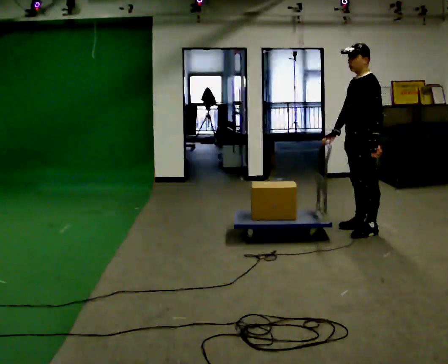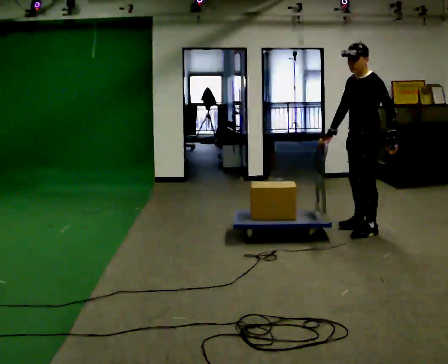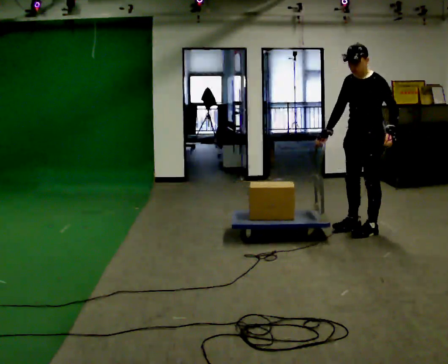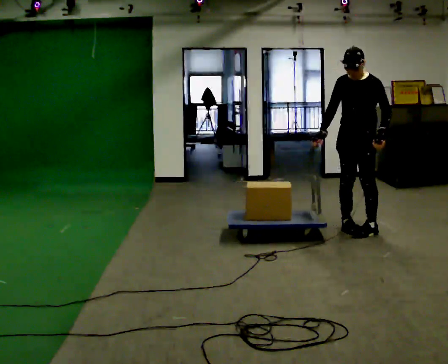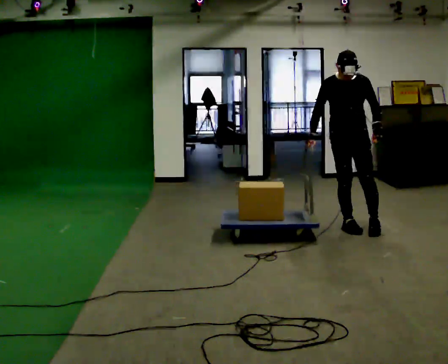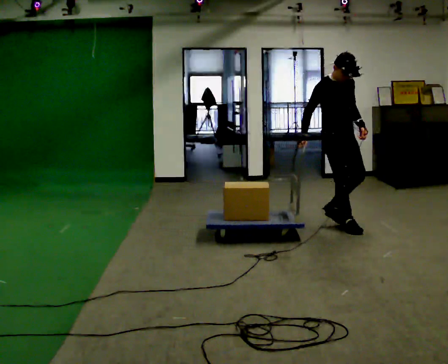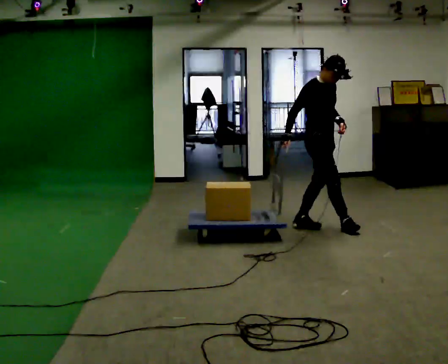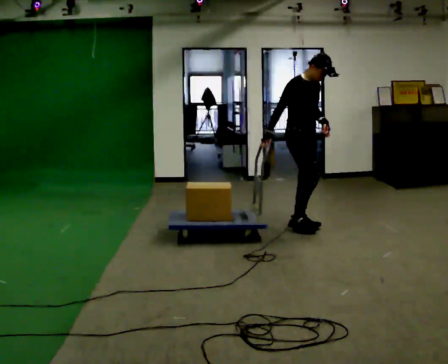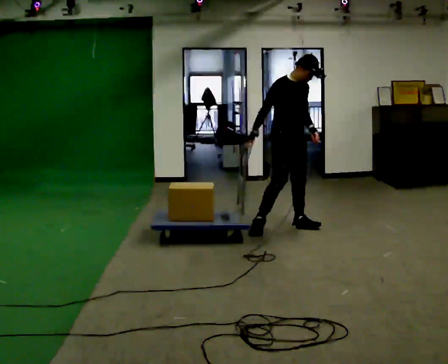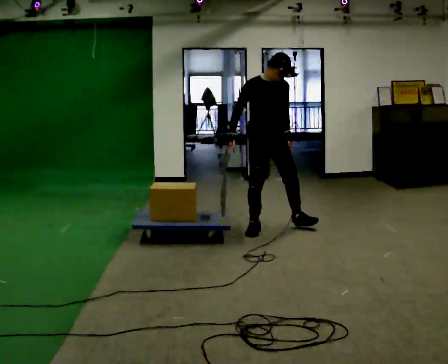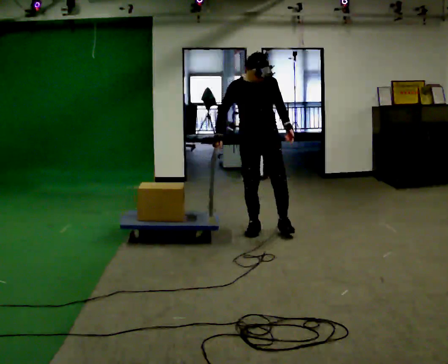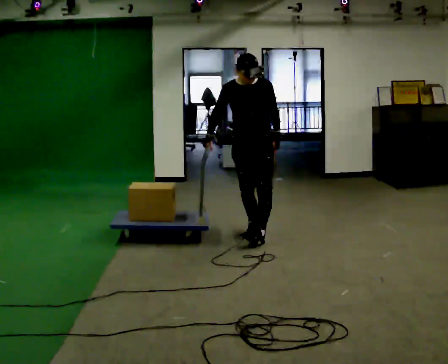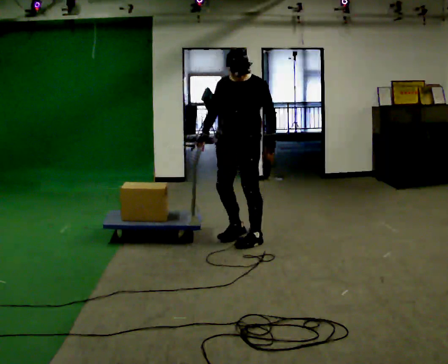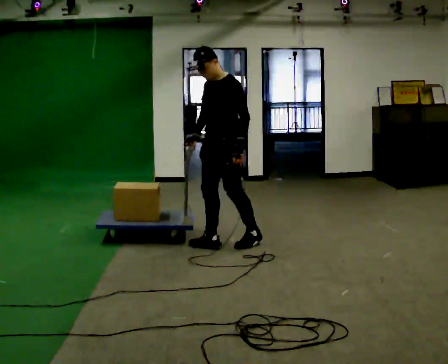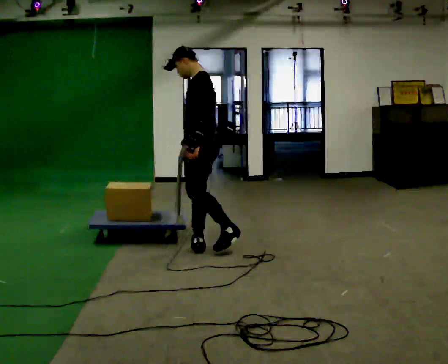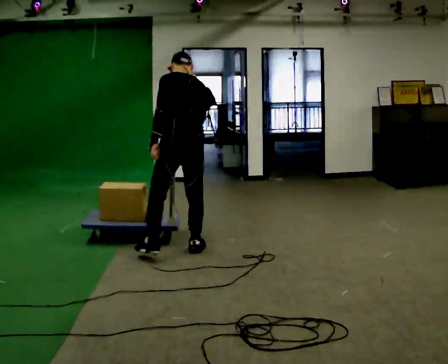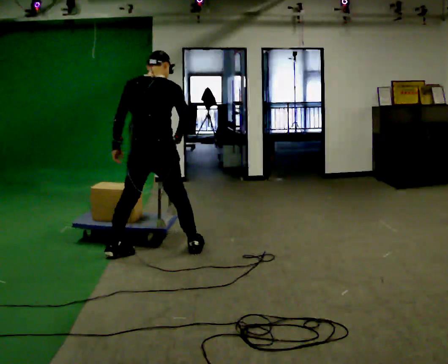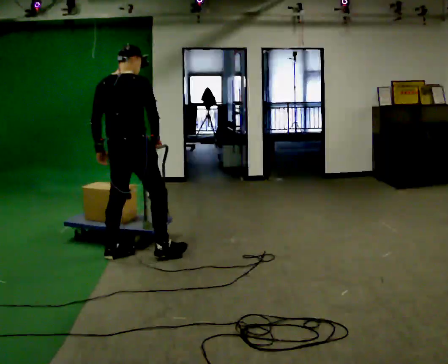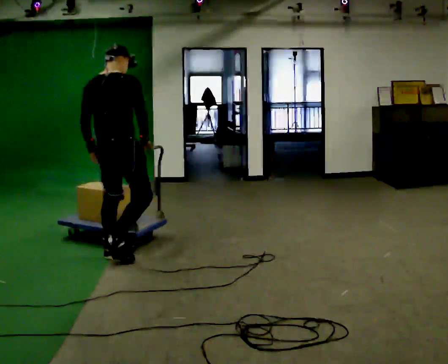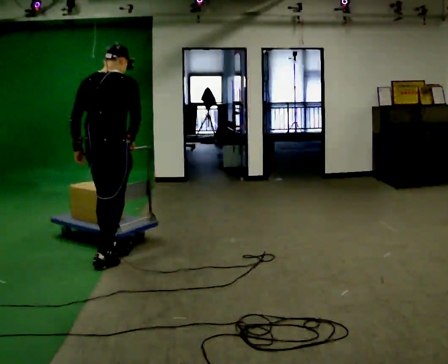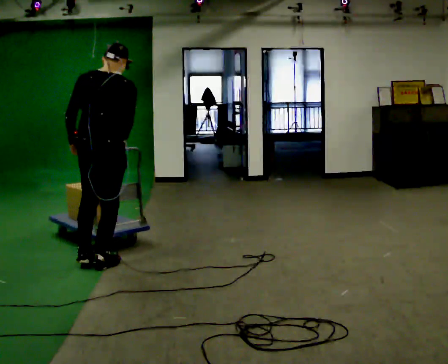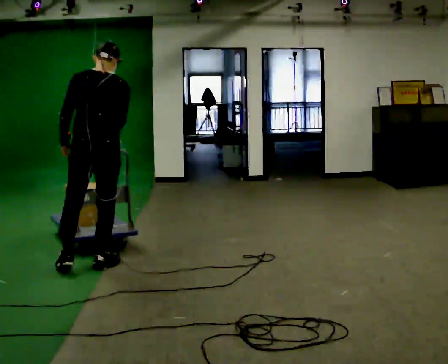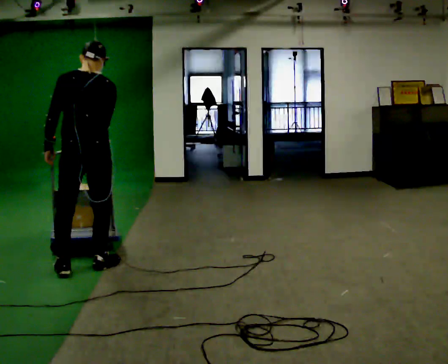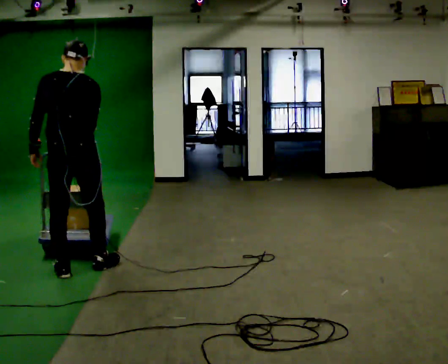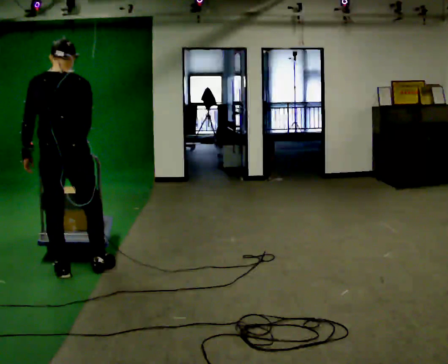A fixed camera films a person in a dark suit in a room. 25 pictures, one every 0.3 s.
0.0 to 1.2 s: The person turns about 75 degrees to their left, counterclockwise seen from above, so the part of the body nearest the lens slides to the right.
1.2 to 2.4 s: The person turns about 45 degrees to their left, counterclockwise seen from above, so the part of the body nearest the lens slides to the right. In the picture they go to the left, about 0.5 m in 1 step.
2.4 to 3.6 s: Seen from above the body turns clockwise, about 75 degrees: to their right, with its near side sliding to the left. In the picture they go to the left and toward the camera, about 0.5 m in 2 steps.
3.6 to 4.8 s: The person turns about 150 degrees to their right, clockwise seen from above, so the part of the body nearest the lens slides to the left. In the picture they go to the left and toward the camera, about 1 m in 1 step.
4.8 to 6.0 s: In the picture they go to the left and toward the camera, about 0.5 m in 2 steps, which for them is backward.
6.0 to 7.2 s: In the picture they go toward the camera and to the left, about 0.25 m, which for them is to their left and backward.
The film runs backward here.
